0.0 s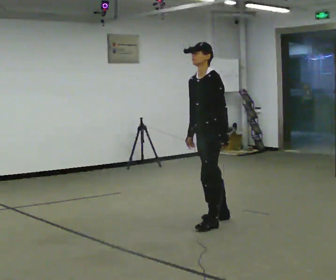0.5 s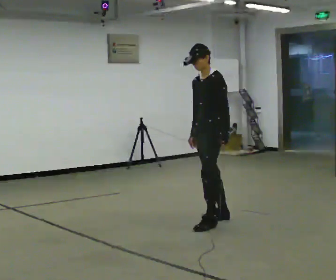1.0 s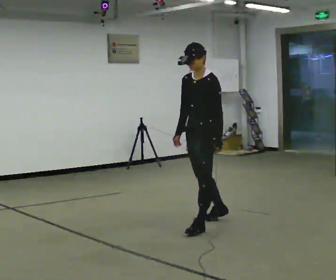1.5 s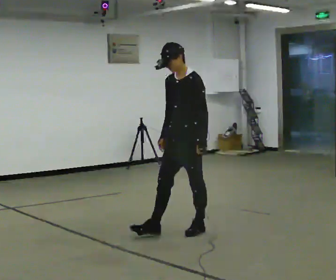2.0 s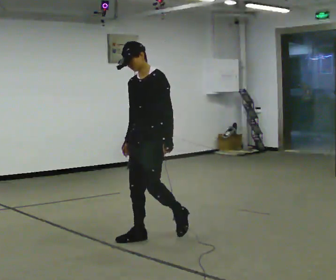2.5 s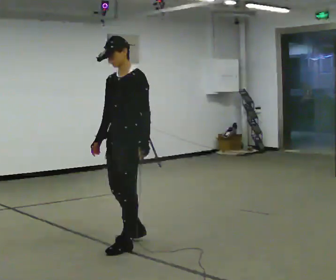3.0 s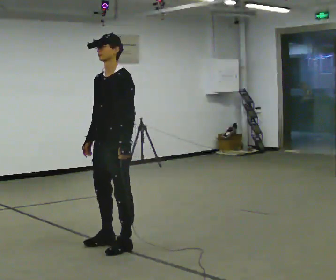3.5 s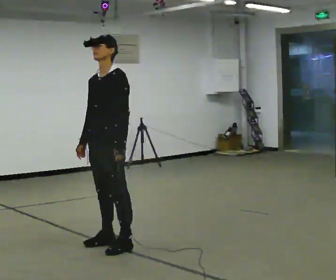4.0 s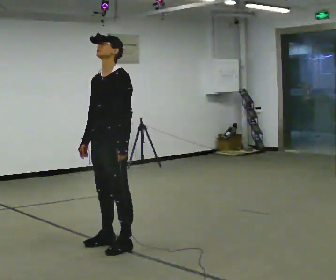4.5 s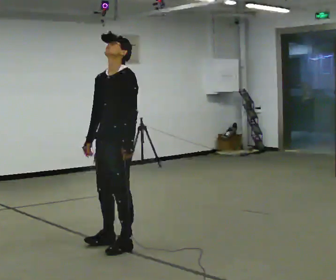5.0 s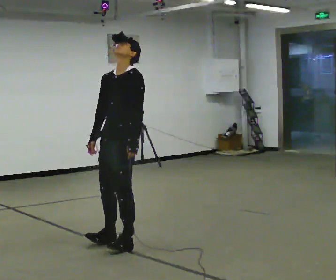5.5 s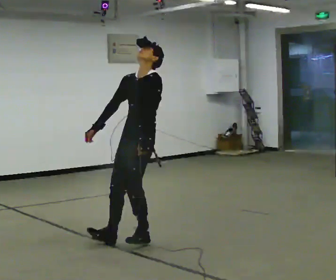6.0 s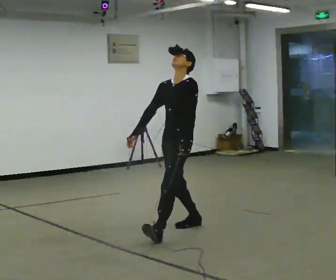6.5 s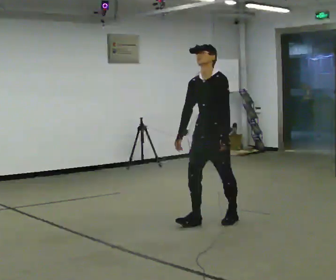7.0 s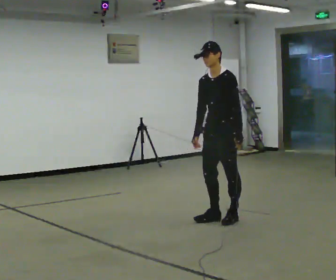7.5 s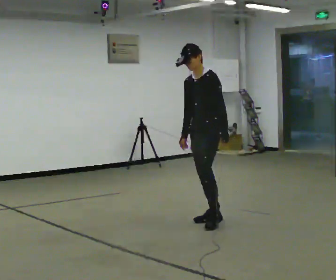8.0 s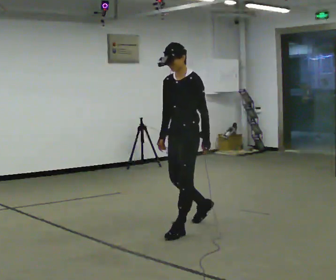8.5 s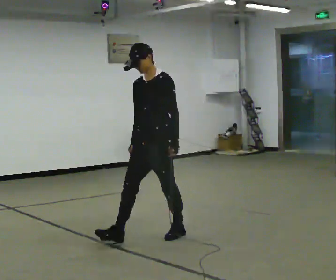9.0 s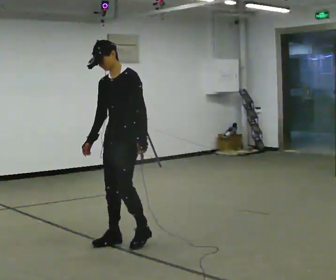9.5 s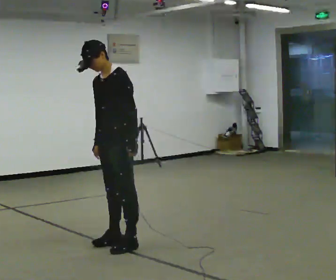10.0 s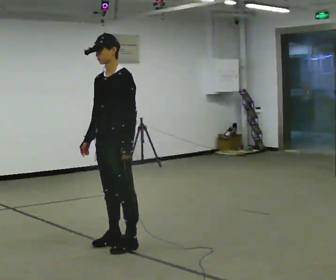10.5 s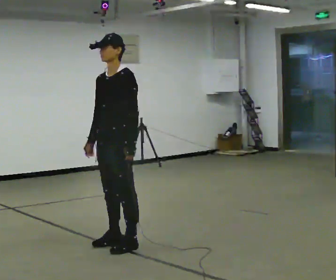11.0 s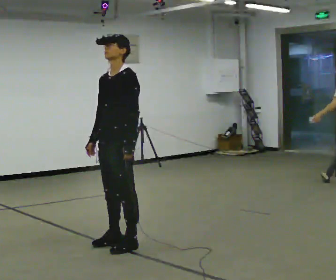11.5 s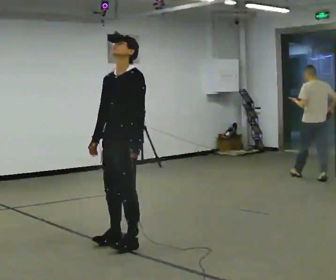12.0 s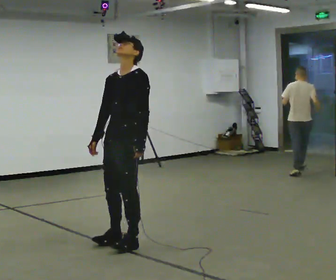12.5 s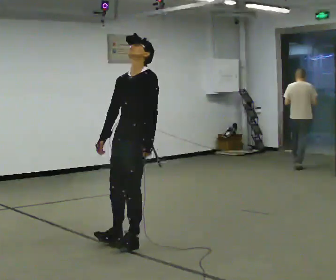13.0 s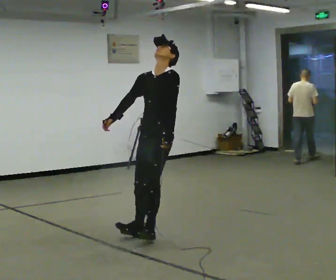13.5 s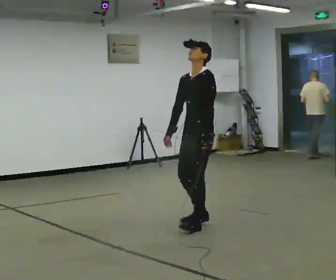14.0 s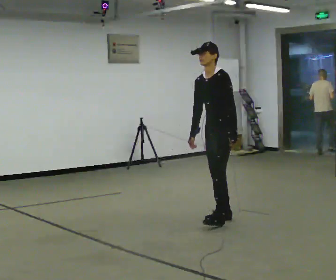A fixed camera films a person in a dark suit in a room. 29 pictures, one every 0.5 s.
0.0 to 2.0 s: In the picture they go toward the camera and to the left, about 1 m in 2 steps, which for them is forward.
2.0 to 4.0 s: In the picture they go toward the camera and to the left, about 0.5 m in 2 steps, which for them is forward.
4.0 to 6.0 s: In the picture they go away from the camera and to the right, about 1 m in 2 steps, which for them is backward.
6.0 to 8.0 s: The person moves a little, or ends about where they began.
8.0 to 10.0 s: In the picture they go toward the camera and to the left, about 1 m in 2 steps, which for them is forward.
10.0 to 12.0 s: The person moves a little, or ends about where they began.
12.0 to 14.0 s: In the picture they go away from the camera and to the right, about 1 m in 3 steps, which for them is backward. In the picture the upper body tilts counterclockwise, shoulders to the left.
The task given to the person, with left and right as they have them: Stand on the marked spots. Lean backward, keeping your body straight, until you cannot hold it, then step back to catch yourself. Return to the spots. Repeat at your own pace until the operator says stop. Go slowly and only as far as you are comfortable. Step whenever you need to; do not try to hold on longer than feels safe.
The film runs forward here.
